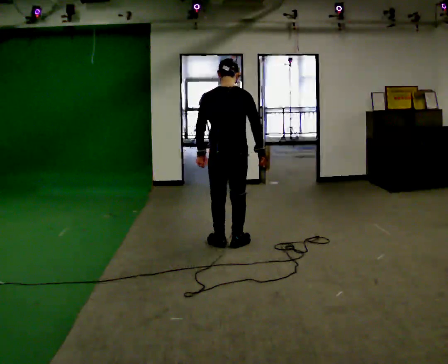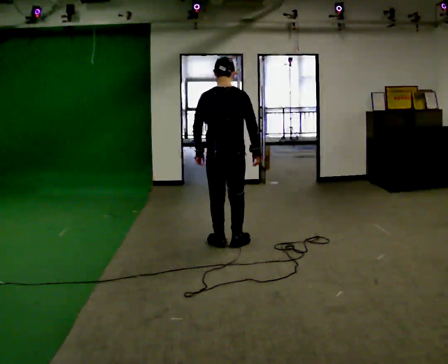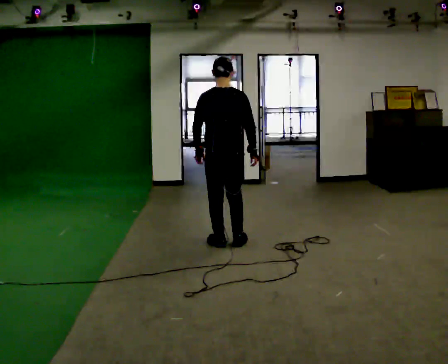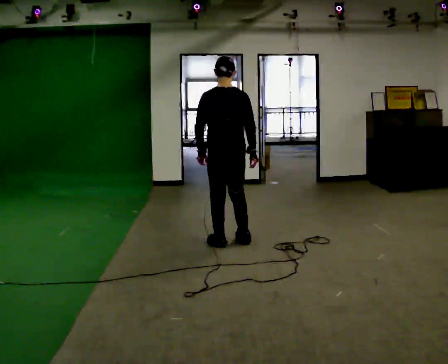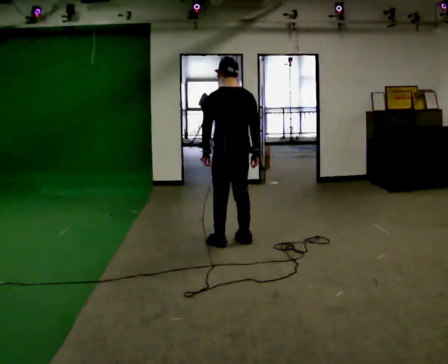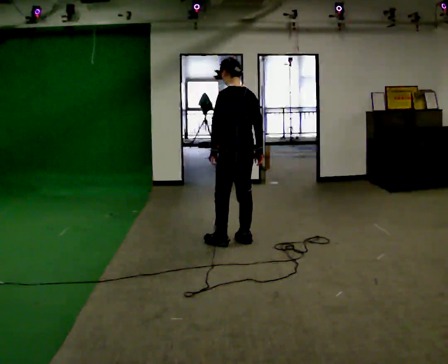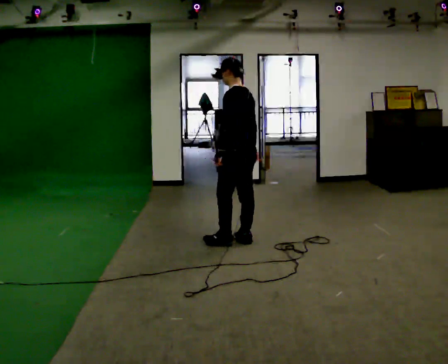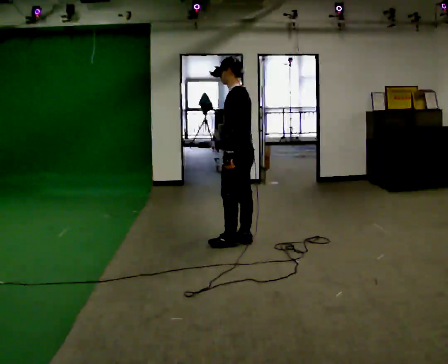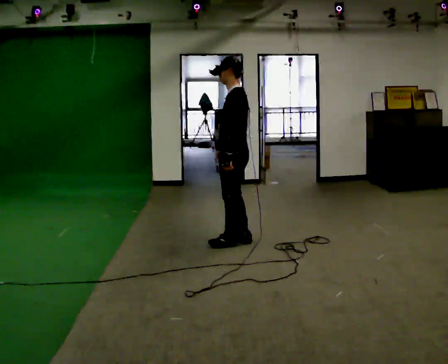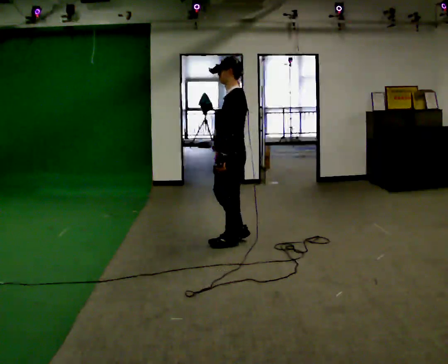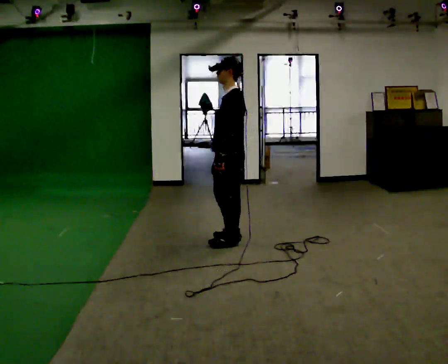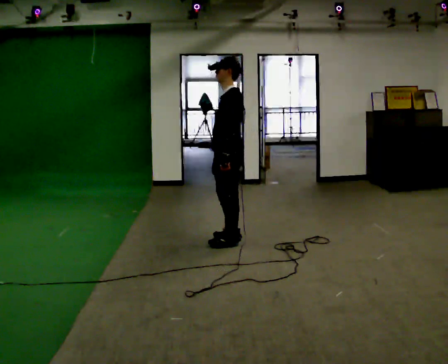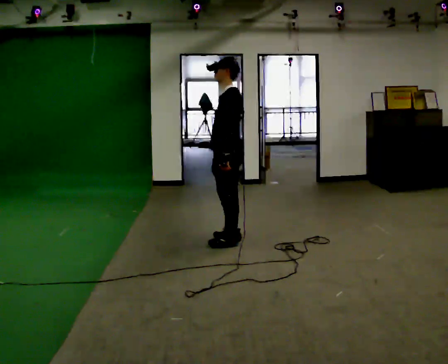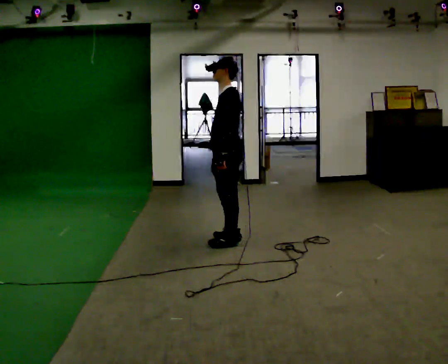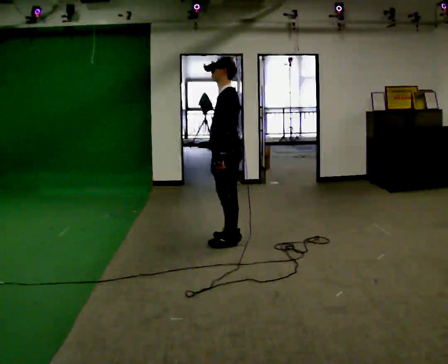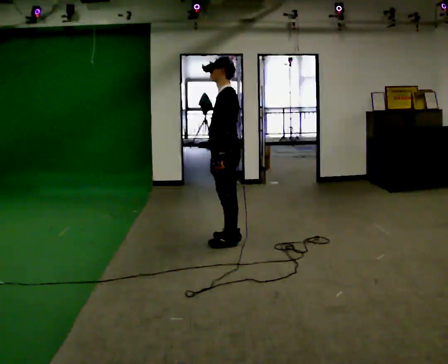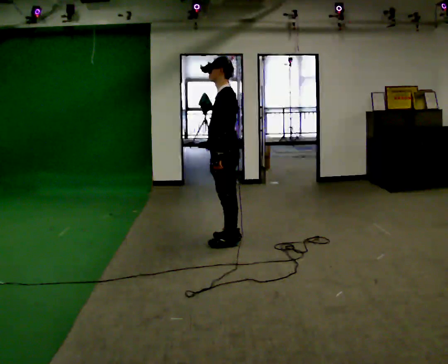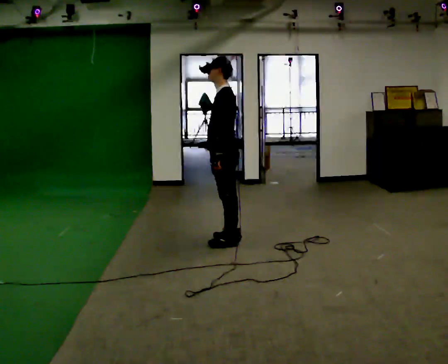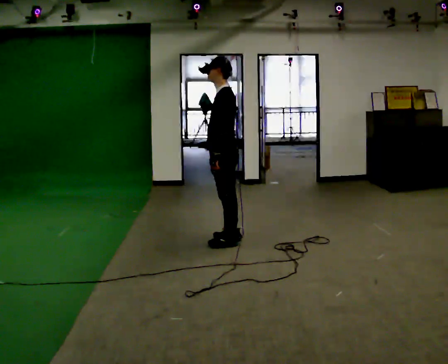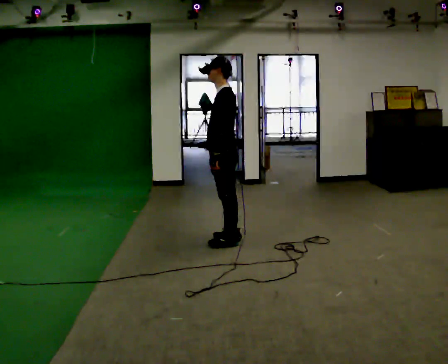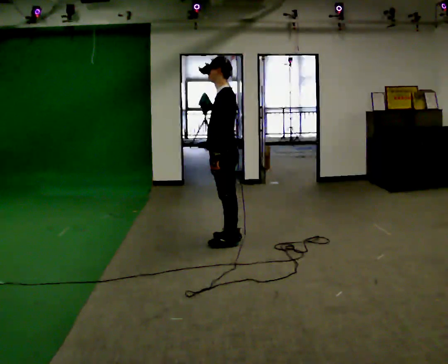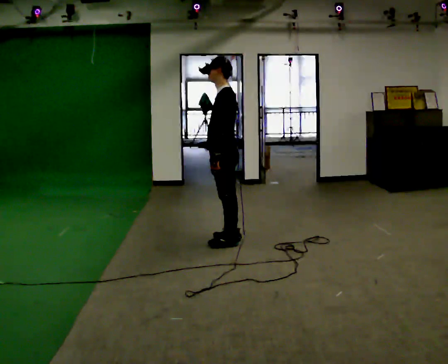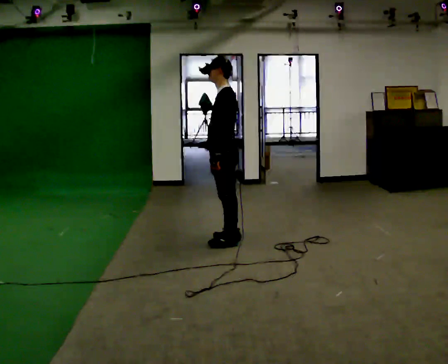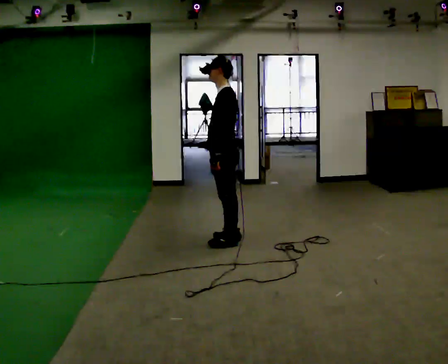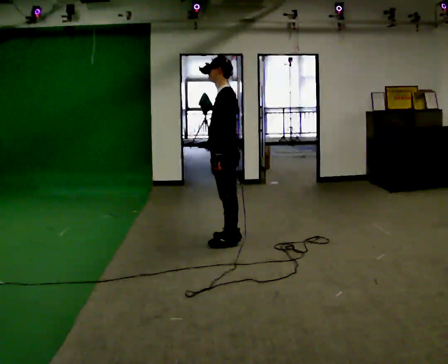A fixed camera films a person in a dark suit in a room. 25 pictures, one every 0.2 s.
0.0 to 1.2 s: The person turns about 60 degrees to their left, counterclockwise seen from above, so the part of the body nearest the lens slides to the right.
1.2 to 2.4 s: Seen from above the body turns counterclockwise, about 30 degrees: to their left, with its near side sliding to the right.
2.4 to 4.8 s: The person moves a little, or ends about where they began.
The film runs forward here.
